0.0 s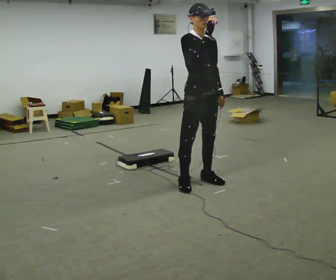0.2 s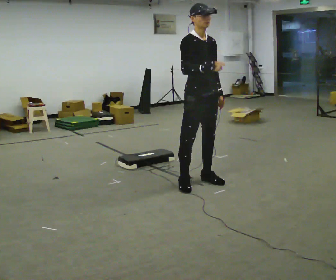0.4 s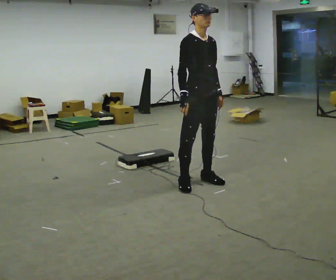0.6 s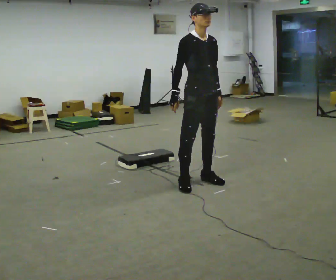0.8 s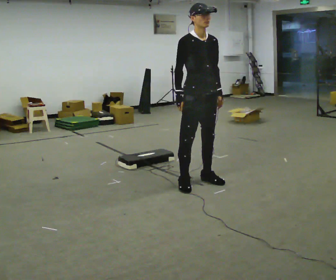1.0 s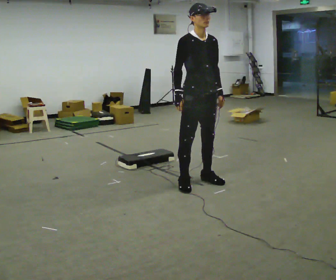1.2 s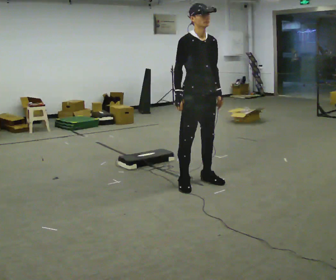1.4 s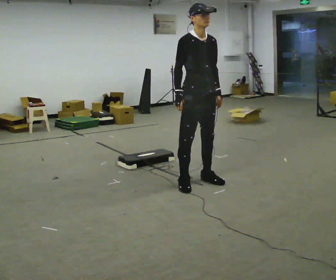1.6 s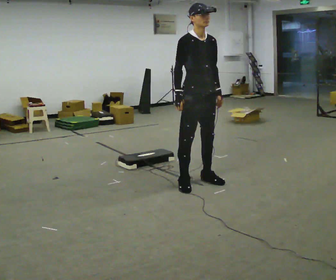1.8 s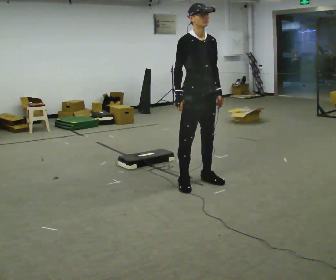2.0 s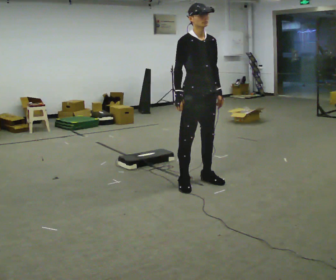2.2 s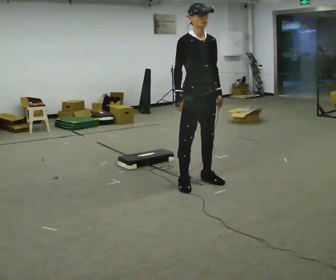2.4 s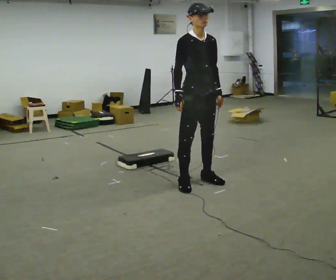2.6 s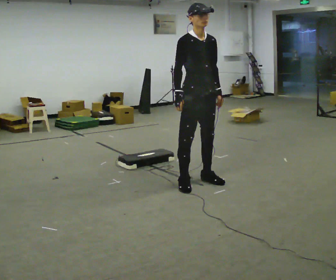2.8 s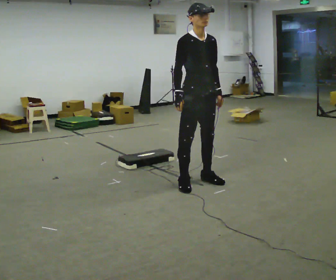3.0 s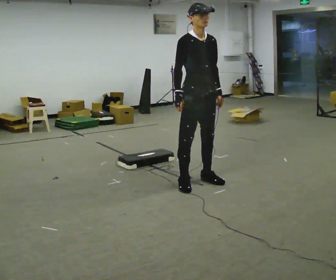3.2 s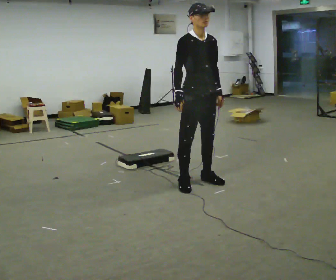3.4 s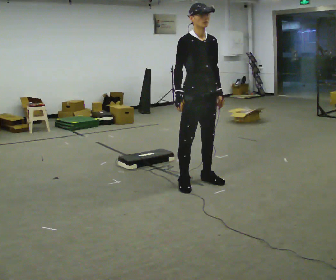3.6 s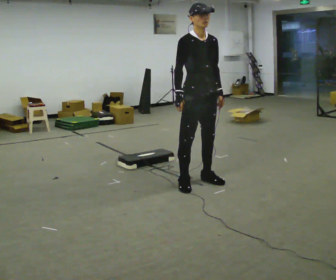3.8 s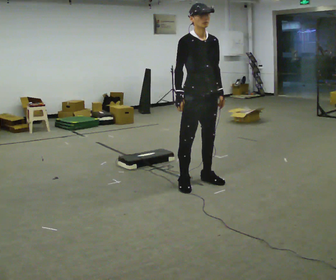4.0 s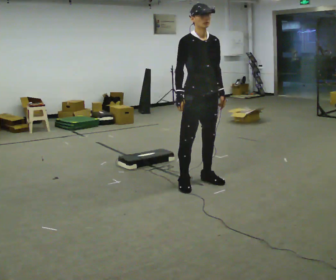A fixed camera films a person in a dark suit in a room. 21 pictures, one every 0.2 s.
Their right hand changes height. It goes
downward.
0.0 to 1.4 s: In the picture their right hand goes downward.
1.4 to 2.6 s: The person keeps their place and pose.
2.6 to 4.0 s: The person moves a little, or ends about where they began.
The film runs forward here.
